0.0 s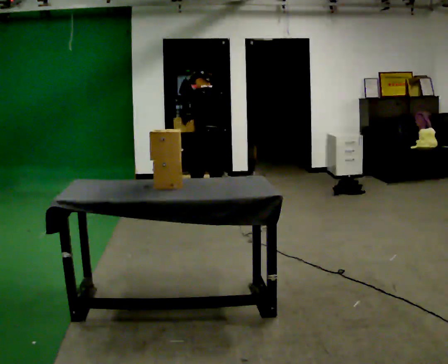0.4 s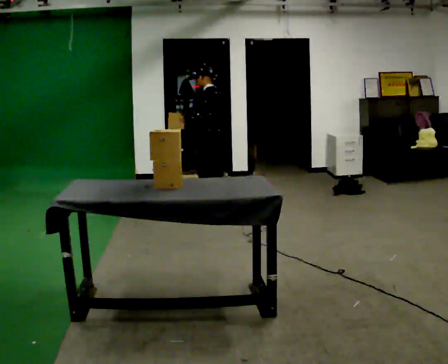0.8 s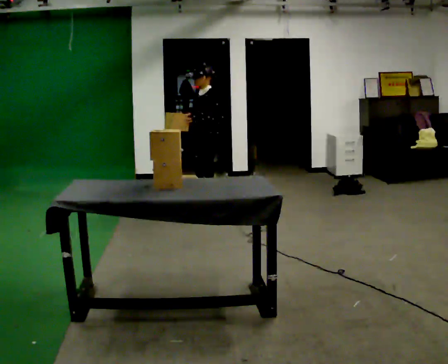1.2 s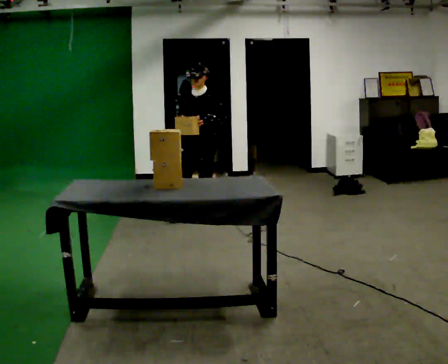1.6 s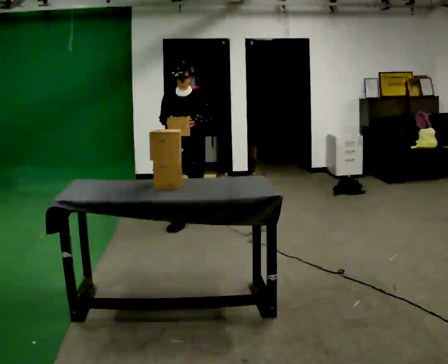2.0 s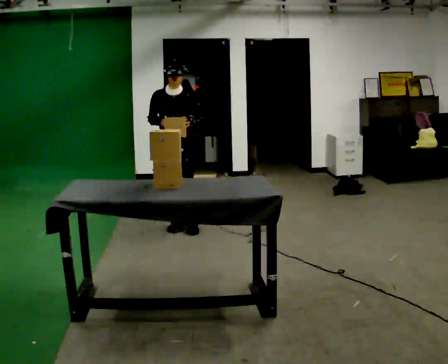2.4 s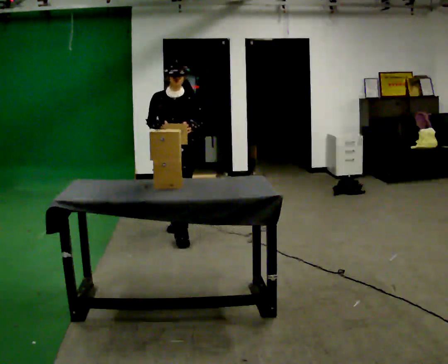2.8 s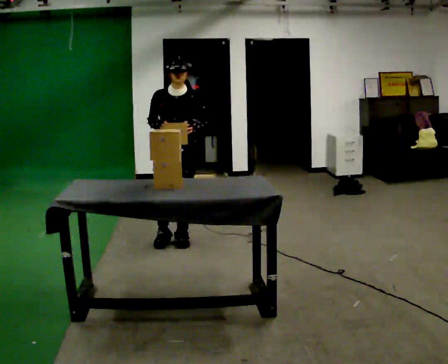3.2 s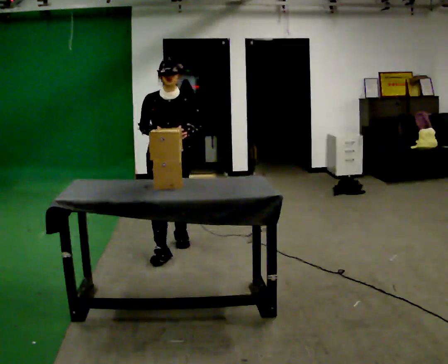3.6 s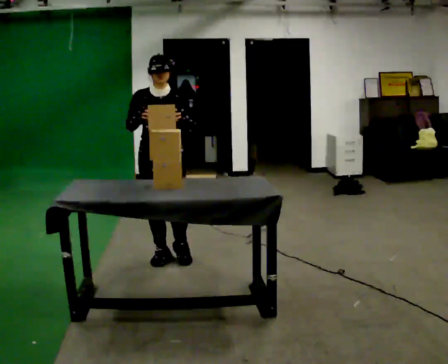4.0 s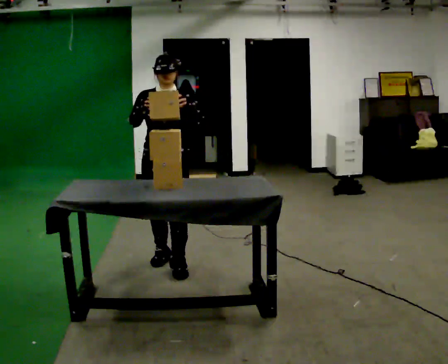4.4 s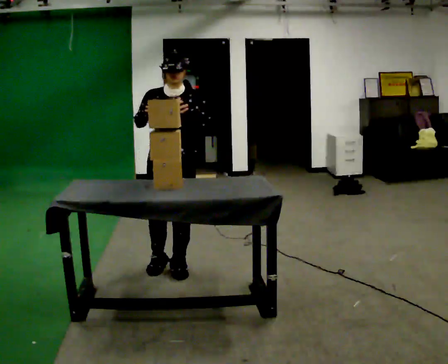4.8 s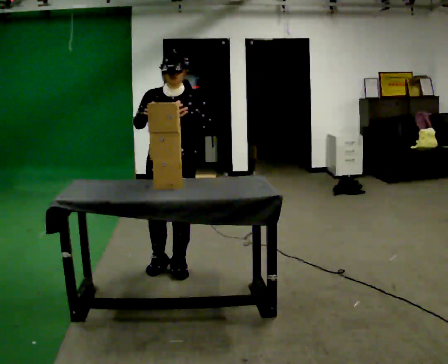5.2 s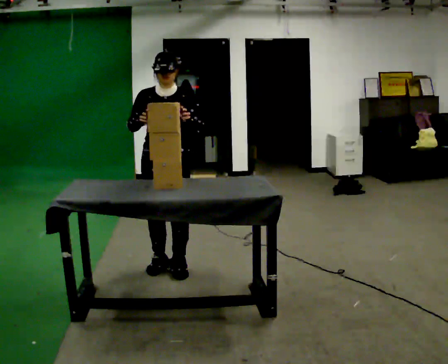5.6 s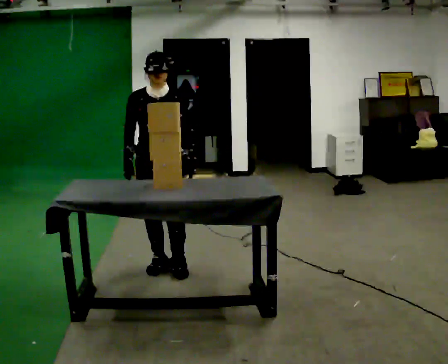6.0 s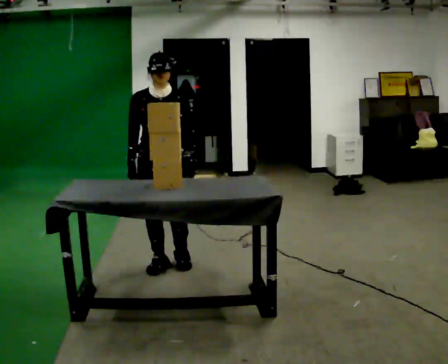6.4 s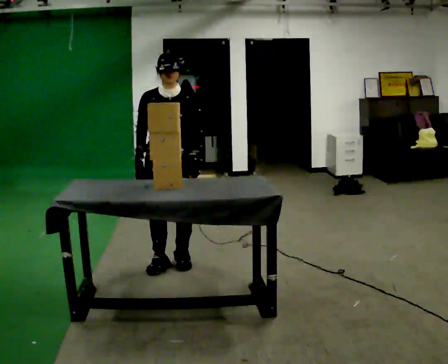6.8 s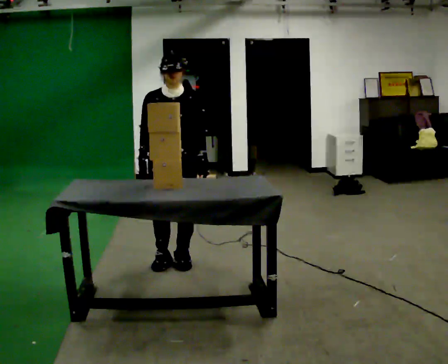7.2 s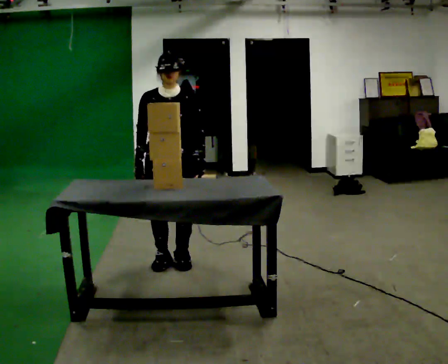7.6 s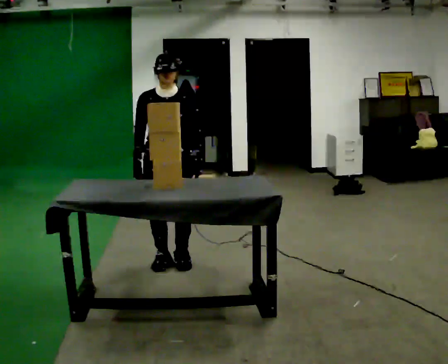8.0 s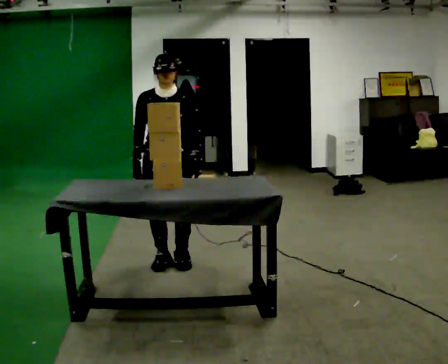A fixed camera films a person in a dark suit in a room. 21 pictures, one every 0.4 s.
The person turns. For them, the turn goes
to their left.
The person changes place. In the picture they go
toward the camera.
0.0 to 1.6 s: The part of the body nearest the lens slides to the right as the person turns to their left by about 135 degrees. In the picture they go toward the camera and to the left, about 0.5 m in 2 steps.
1.6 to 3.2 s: In the picture they go toward the camera, about 1 m in 2 steps, which for them is forward.
3.2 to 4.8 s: In the picture they go toward the camera, about 0.5 m in 2 steps, which for them is forward.
4.8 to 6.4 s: In the picture their right hand goes downward.
6.4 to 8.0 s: The person moves a little, or ends about where they began.
The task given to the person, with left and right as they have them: Take an object out of the bin at knee height, carry it across the room, and place it on the chest-height shelf. Keep going until the operator says stop; one object at a time, and do not rush between trips.
The film runs forward here.
